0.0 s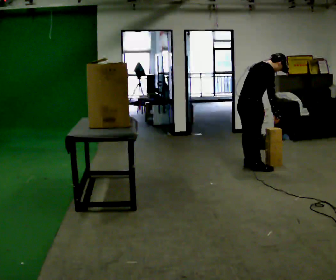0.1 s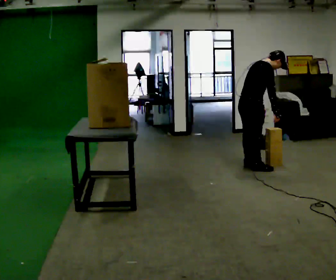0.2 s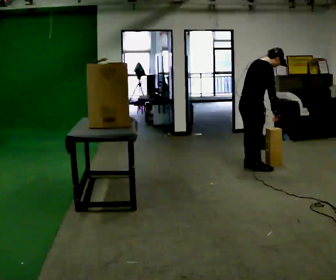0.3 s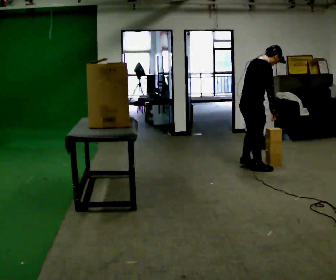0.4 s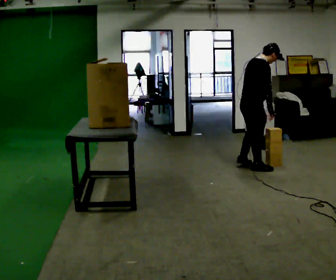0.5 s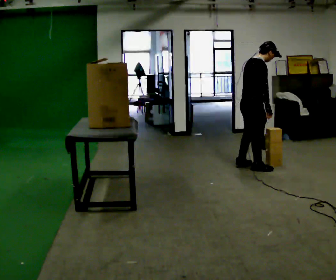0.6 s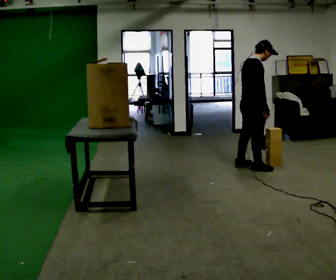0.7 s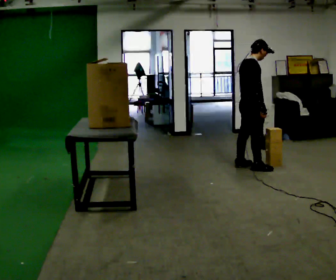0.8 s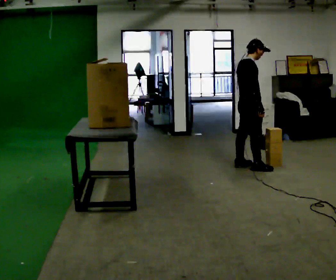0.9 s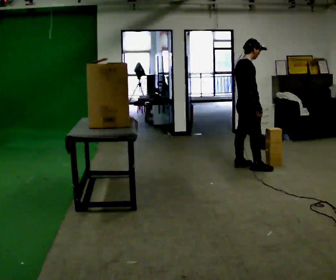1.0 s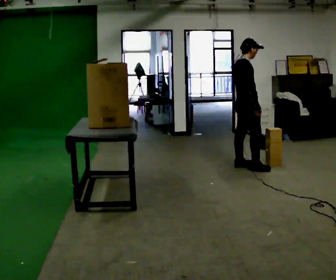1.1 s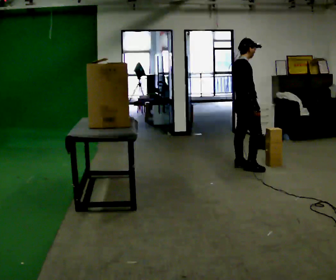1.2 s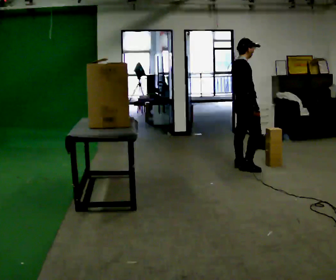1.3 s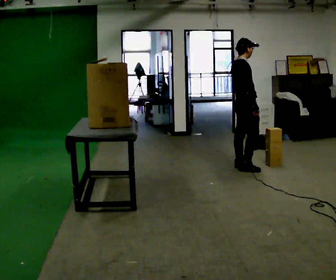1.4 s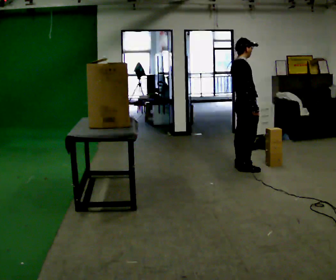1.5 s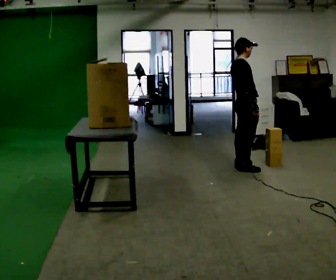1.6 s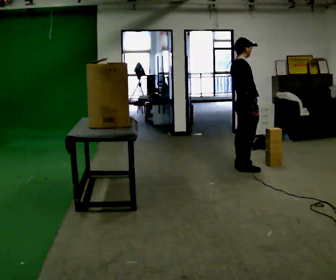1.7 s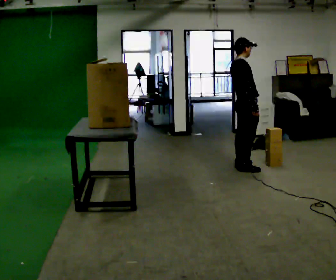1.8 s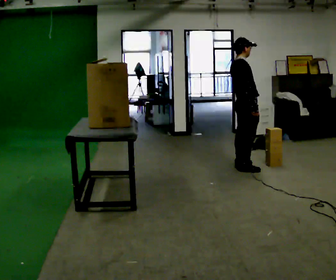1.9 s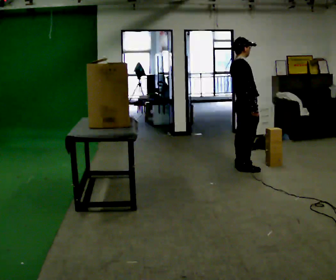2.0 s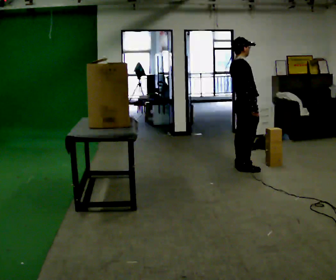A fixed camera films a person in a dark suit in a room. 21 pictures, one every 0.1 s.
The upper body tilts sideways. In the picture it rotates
counterclockwise.
0.0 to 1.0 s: In the picture the upper body tilts counterclockwise, shoulders to the left, as they lean back or straighten.
1.0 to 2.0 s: The person moves a little, or ends about where they began.
The film runs backward here.
